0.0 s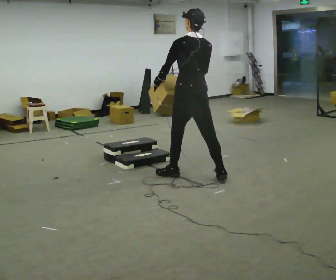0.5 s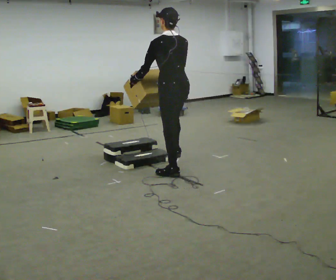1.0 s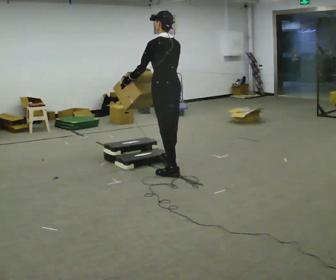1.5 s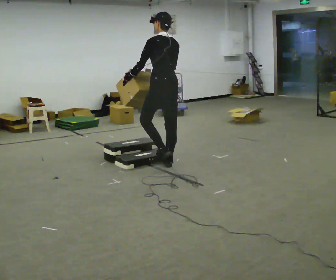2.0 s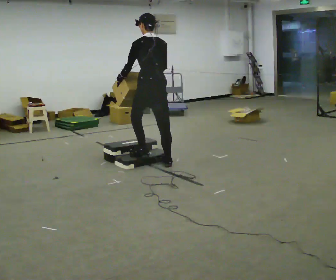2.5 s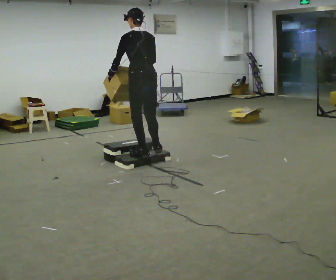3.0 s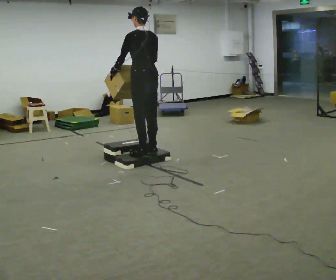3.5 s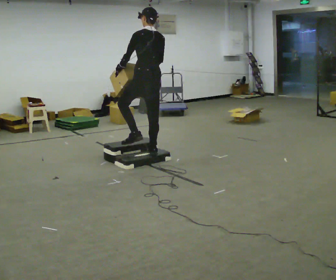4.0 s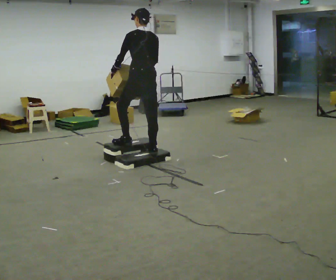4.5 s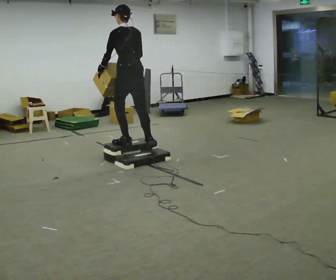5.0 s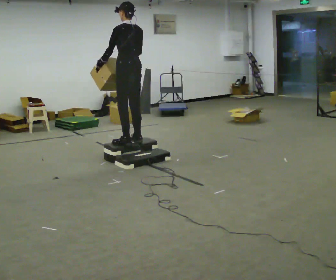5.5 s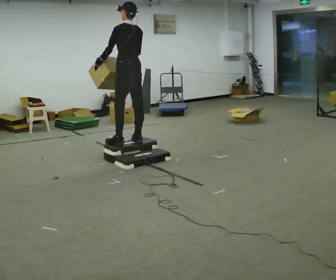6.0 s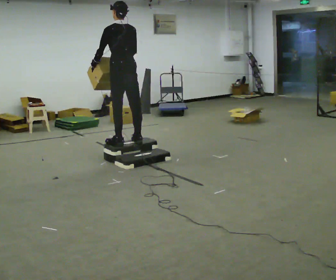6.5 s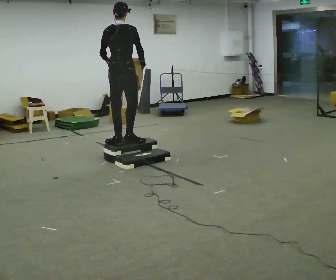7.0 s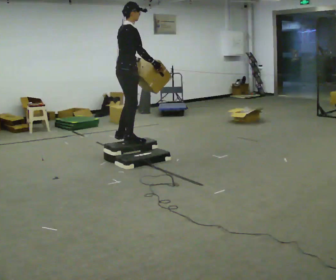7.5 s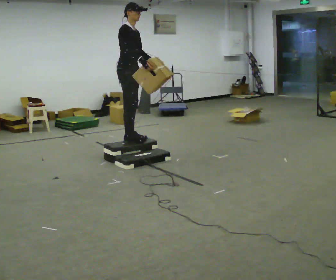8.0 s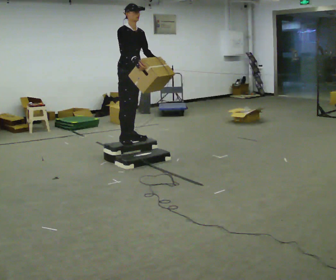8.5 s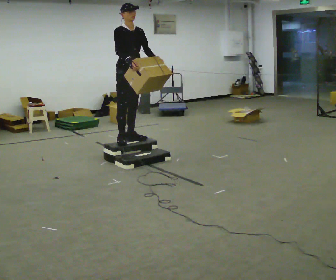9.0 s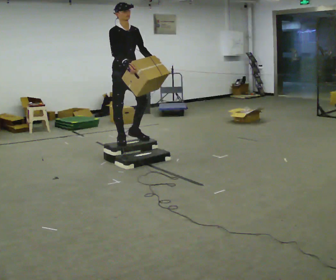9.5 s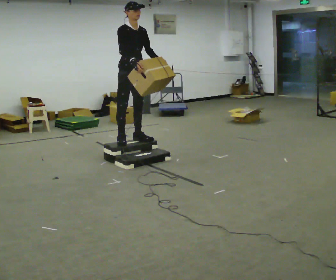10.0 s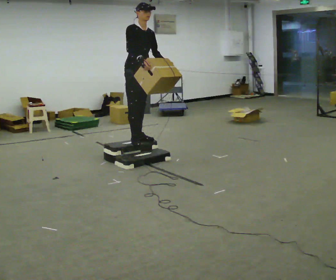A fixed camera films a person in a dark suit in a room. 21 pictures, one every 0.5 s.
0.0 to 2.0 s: In the picture they go away from the camera and to the left, about 0.5 m in 2 steps, which for them is forward.
2.0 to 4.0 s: In the picture they go away from the camera, about 0.25 m in 2 steps, which for them is forward.
4.0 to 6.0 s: In the picture they go to the left, about 0.25 m in 1 step, which for them is forward.
6.0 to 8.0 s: The person turns about 165 degrees to their right, clockwise seen from above, so the part of the body nearest the lens slides to the left. In the picture they go away from the camera, about 0.25 m in 2 steps.
8.0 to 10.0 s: The person moves a little, or ends about where they began.
The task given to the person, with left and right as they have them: Carry the box up the three steps, turn at the top, and carry it back down. Use the handrail only if you need it. Keep going until the operator says stop; one object at a time, and do not rush between trips.
The film runs forward here.
